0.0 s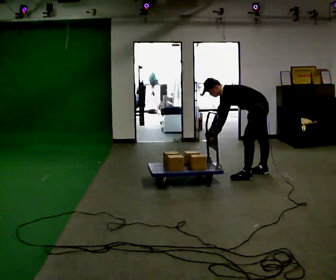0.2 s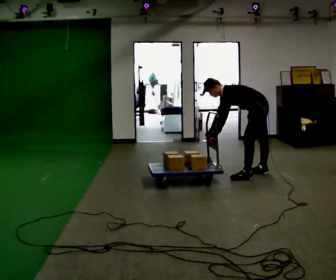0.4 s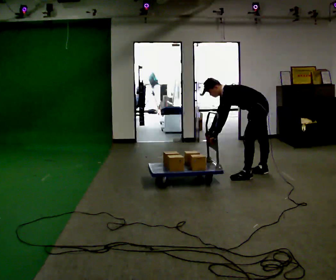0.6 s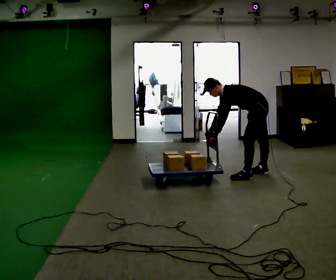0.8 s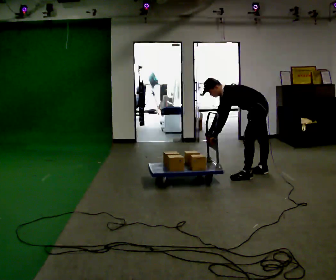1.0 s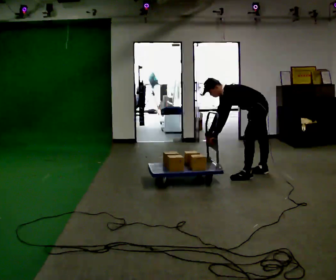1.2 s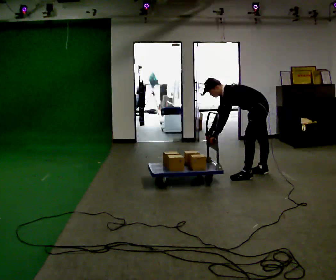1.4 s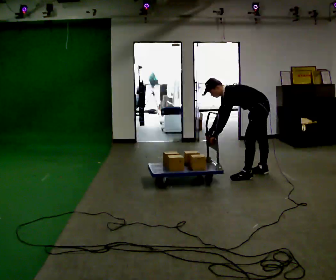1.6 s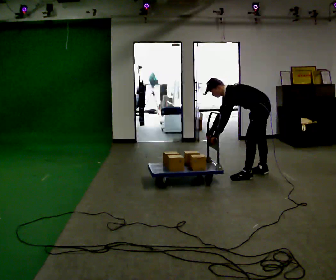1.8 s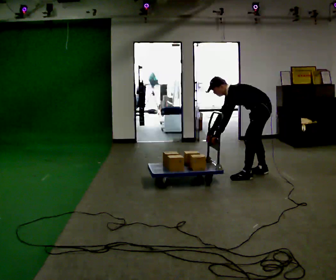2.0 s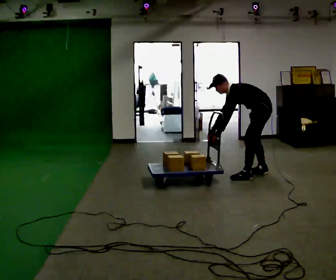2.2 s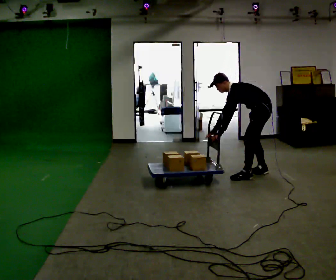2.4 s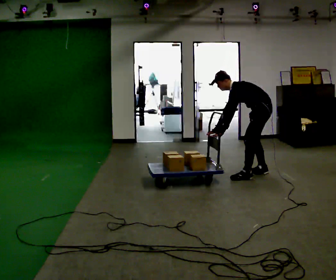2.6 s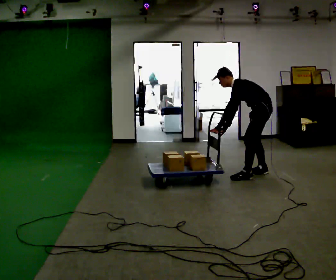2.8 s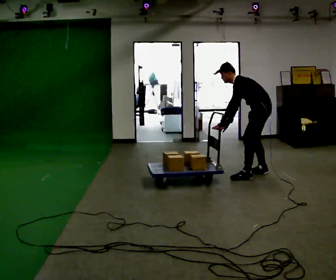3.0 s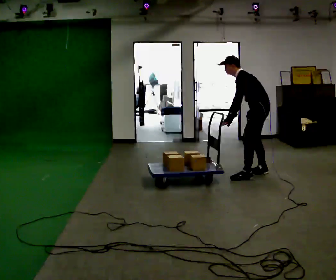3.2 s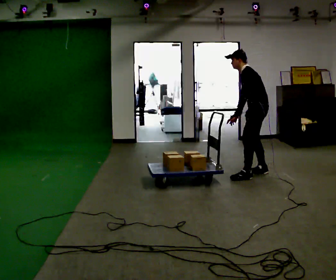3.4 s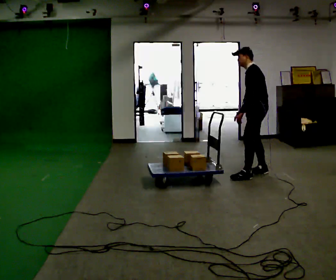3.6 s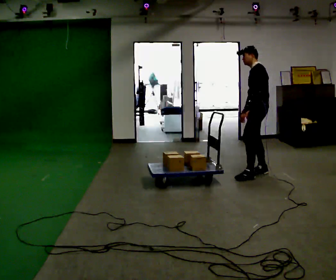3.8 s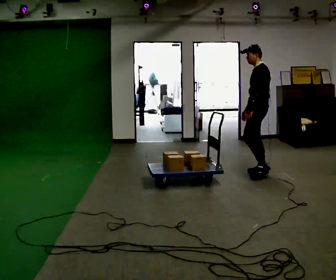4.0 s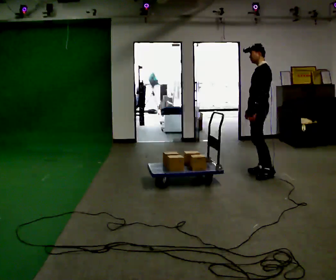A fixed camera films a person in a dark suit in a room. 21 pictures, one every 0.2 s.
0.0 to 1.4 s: The person keeps their place and pose.
1.4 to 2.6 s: In the picture the upper body tilts clockwise, shoulders to the right, as they lean back or straighten.
2.6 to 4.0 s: The upper body goes upward. In the picture the upper body tilts clockwise, shoulders to the right, as they lean back or straighten. In the picture their right hand goes to the right.
The film runs backward here.
